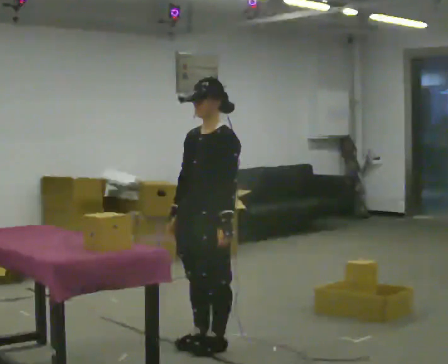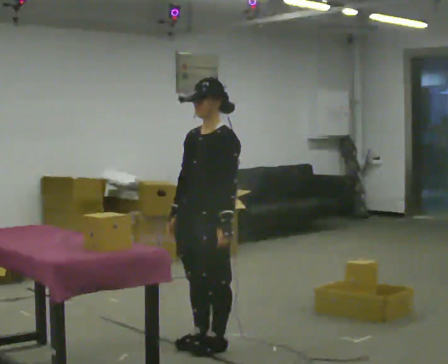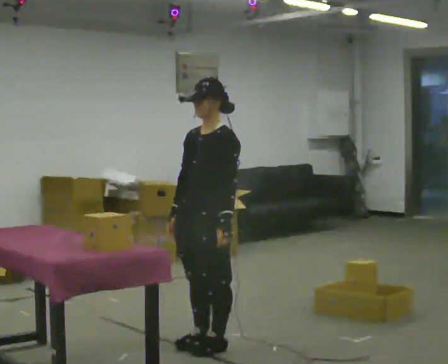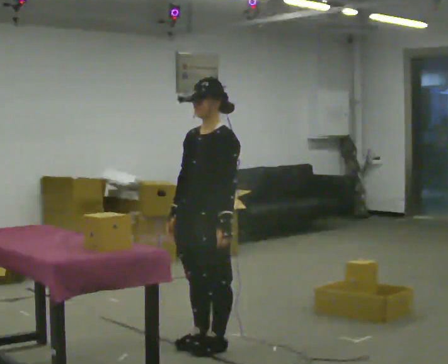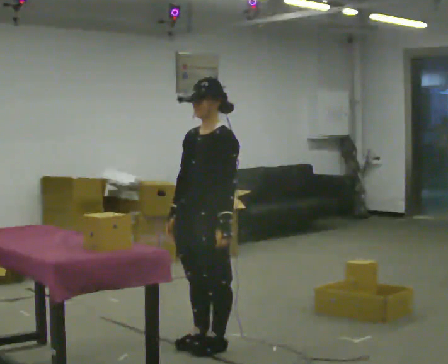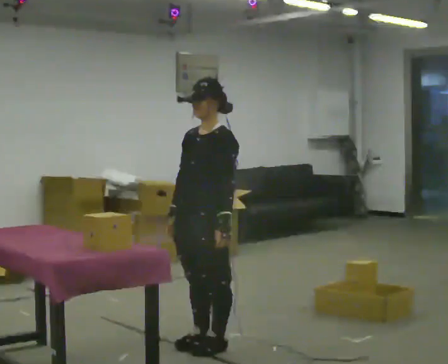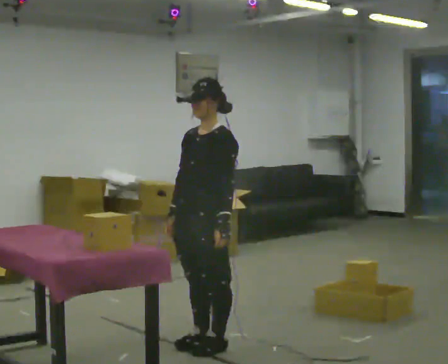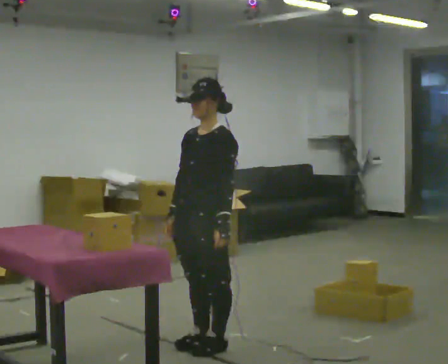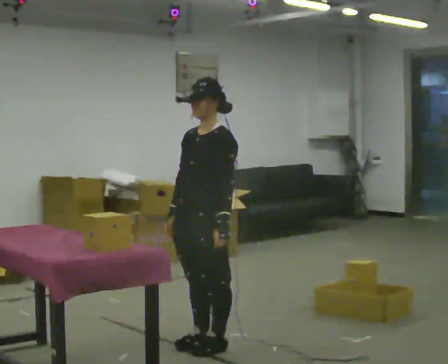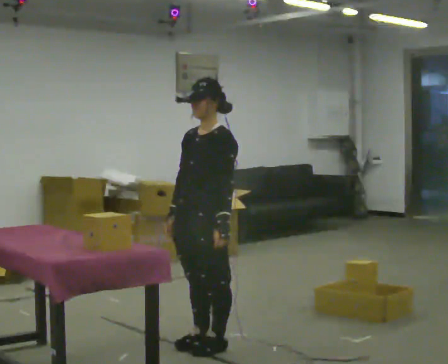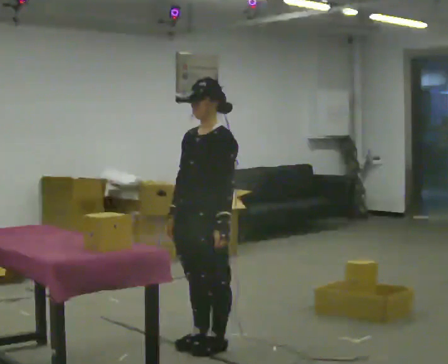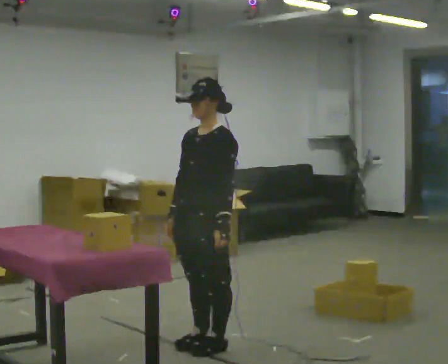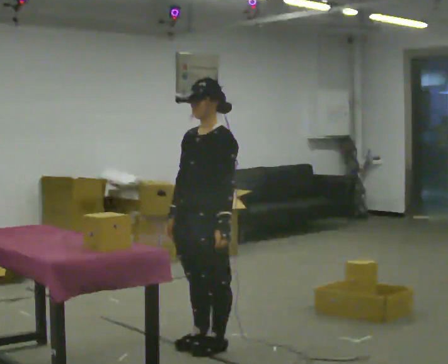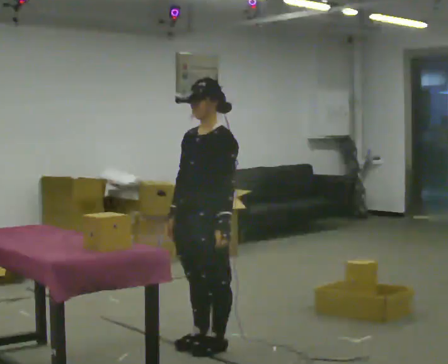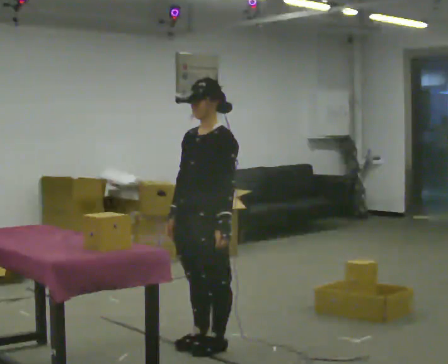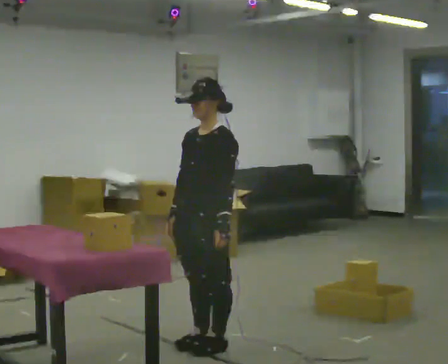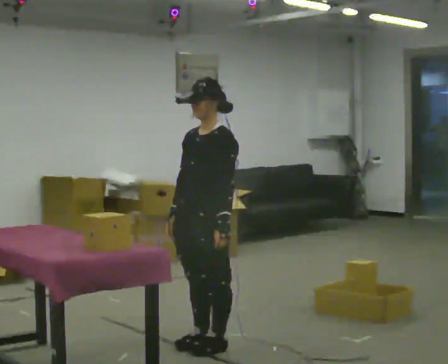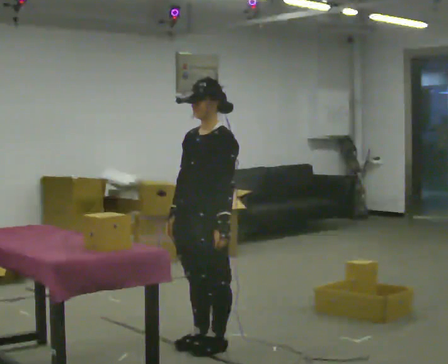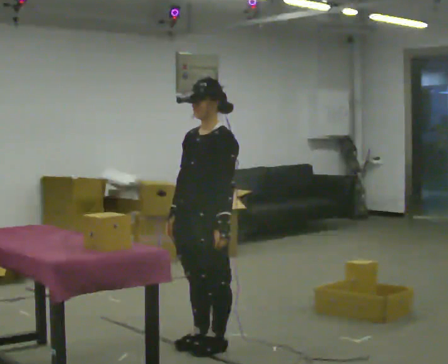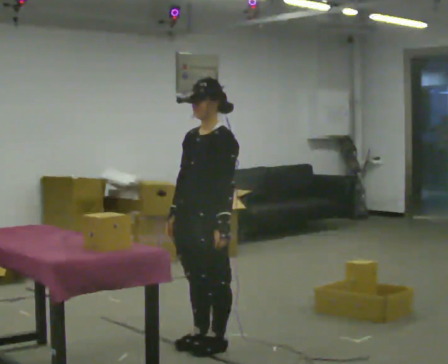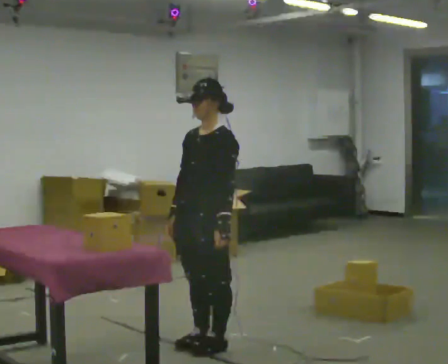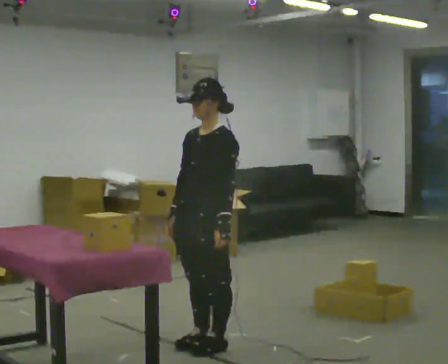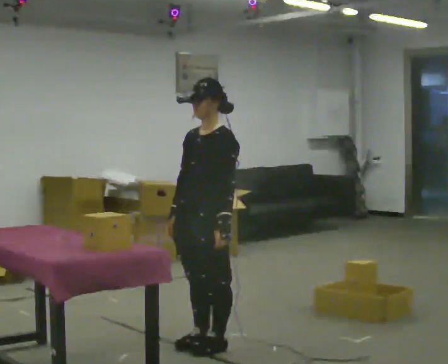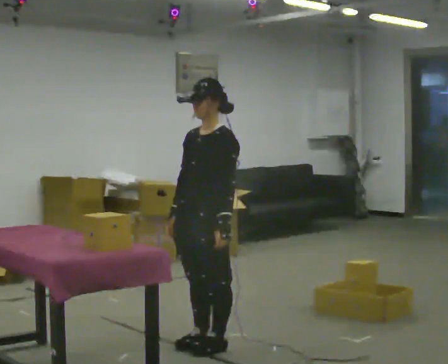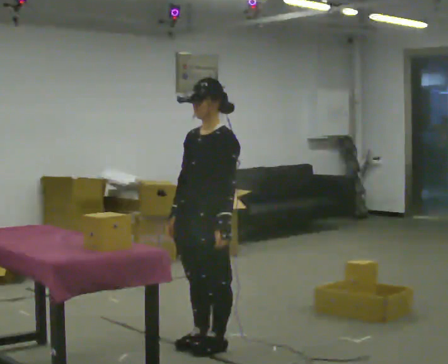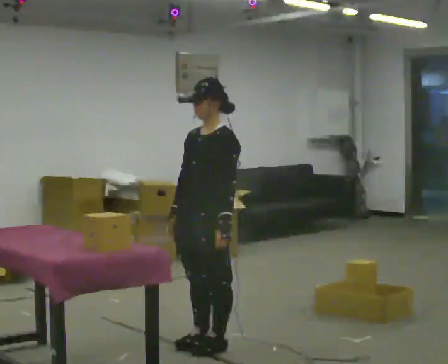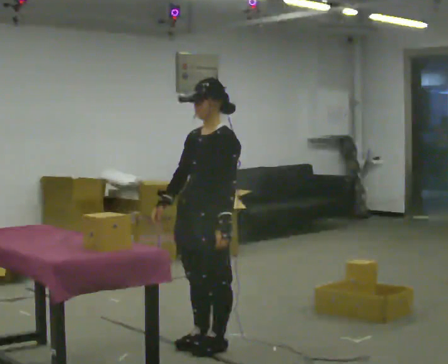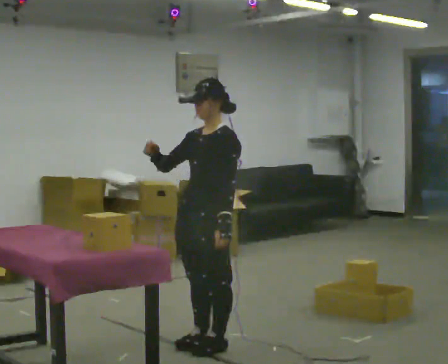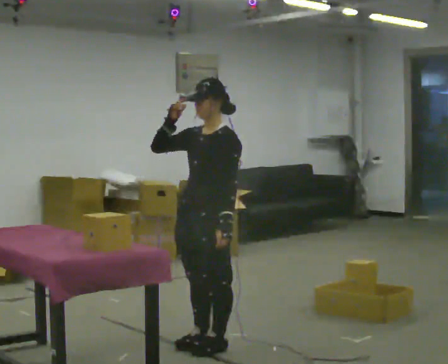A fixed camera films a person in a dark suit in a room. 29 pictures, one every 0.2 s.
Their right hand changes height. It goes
upward.
0.0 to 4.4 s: The person moves a little, or ends about where they began.
4.4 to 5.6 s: In the picture their right hand goes upward.
The film runs forward here.
